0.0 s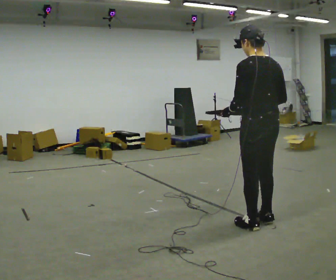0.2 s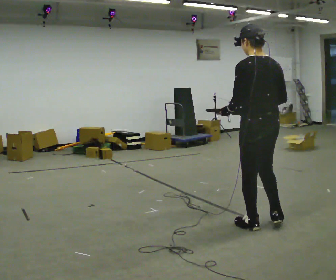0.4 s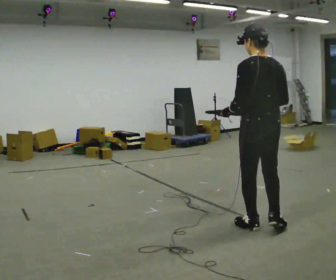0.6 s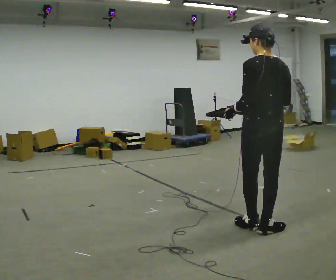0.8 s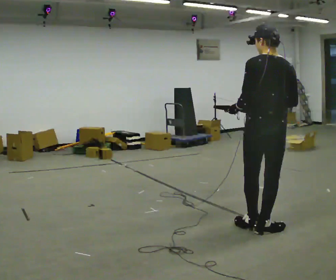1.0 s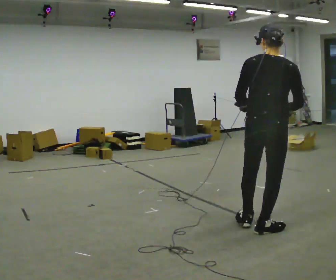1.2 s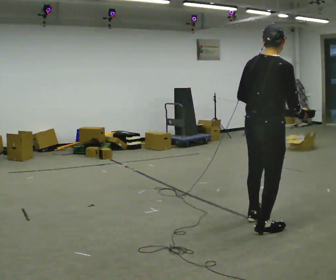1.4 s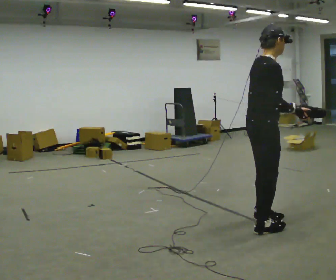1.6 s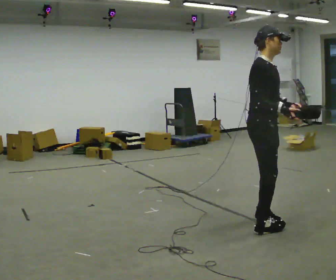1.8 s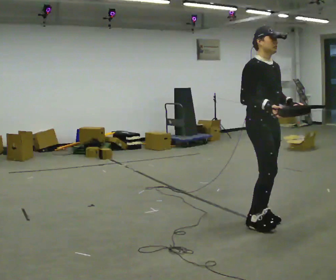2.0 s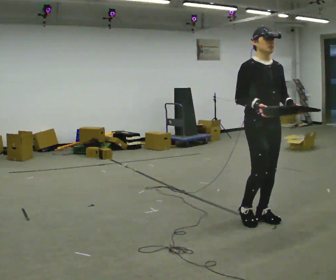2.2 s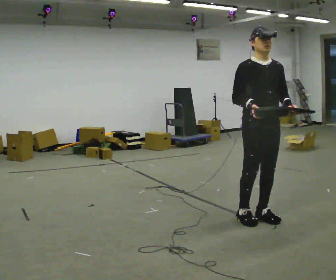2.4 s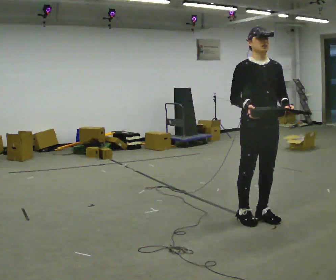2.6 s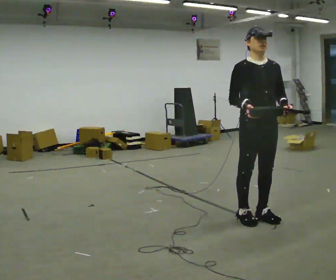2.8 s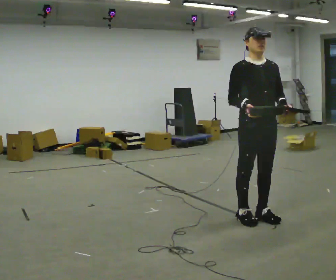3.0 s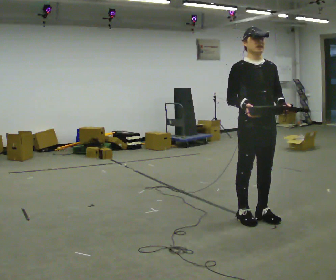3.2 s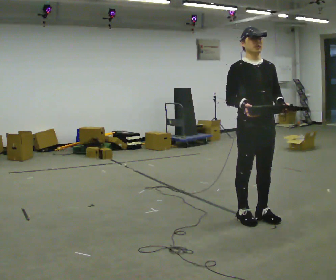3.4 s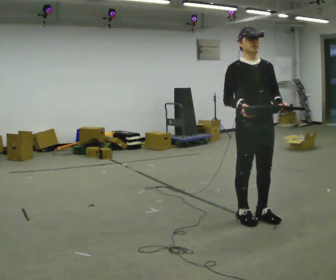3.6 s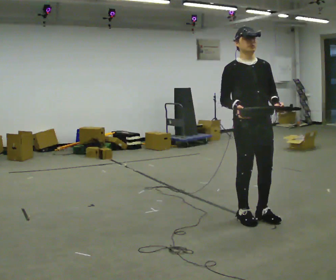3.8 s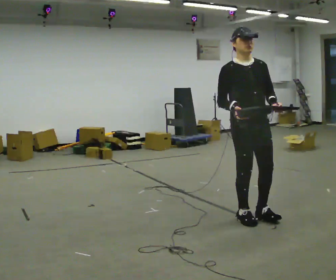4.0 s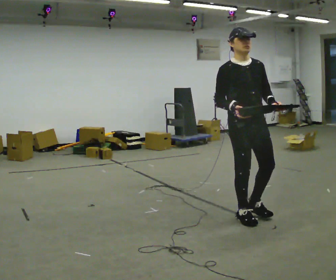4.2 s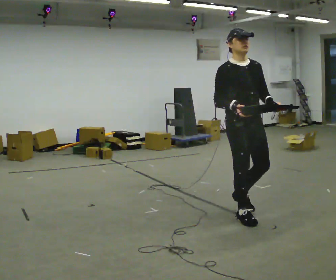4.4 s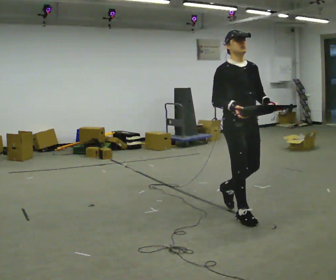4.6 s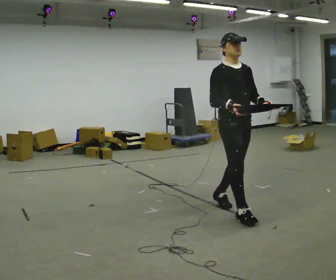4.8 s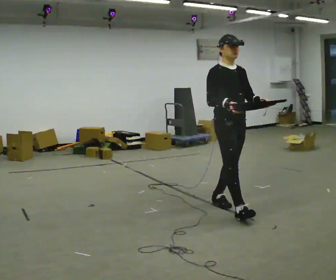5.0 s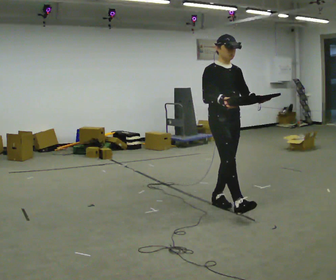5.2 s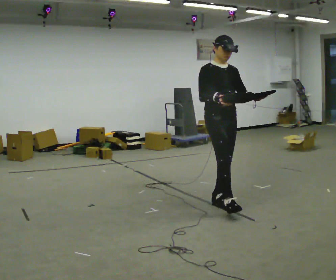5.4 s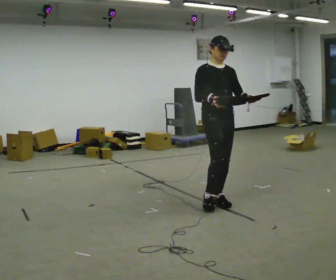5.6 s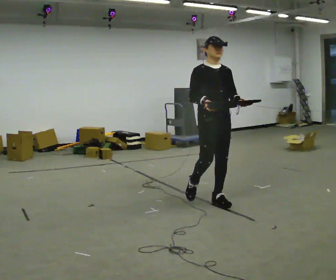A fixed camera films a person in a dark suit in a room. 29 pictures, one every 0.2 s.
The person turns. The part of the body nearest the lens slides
to the left.
The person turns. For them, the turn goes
to their right.
0.0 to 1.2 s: Seen from above the body turns clockwise, about 75 degrees: to their right, with its near side sliding to the left.
1.2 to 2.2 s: The part of the body nearest the lens slides to the left as the person turns to their right by about 120 degrees. In the picture they go away from the camera, about 0.25 m in 1 step.
2.2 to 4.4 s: In the picture they go to the left, about 0.25 m in 1 step, which for them is backward and to their right.
4.4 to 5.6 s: In the picture they go away from the camera and to the left, about 0.5 m in 1 step, which for them is backward.
The film runs backward here.
